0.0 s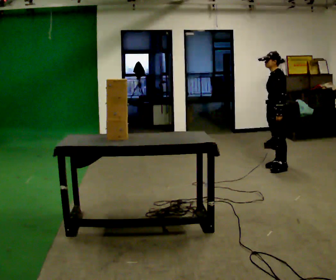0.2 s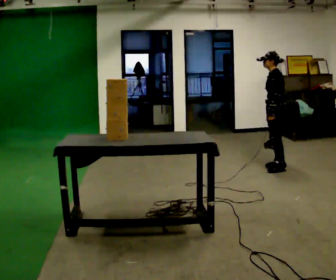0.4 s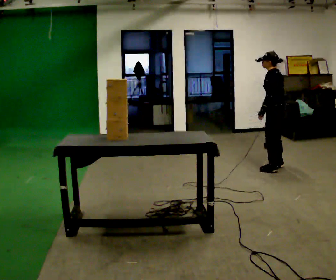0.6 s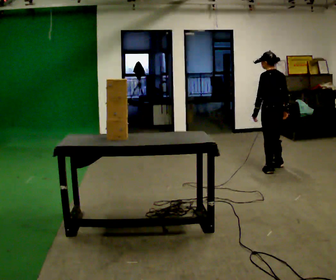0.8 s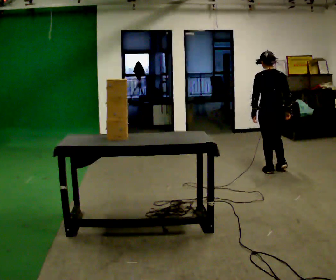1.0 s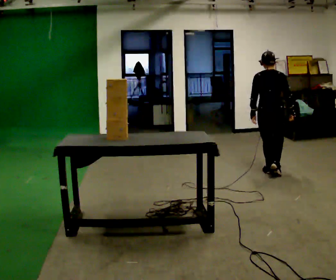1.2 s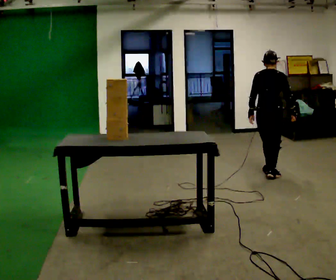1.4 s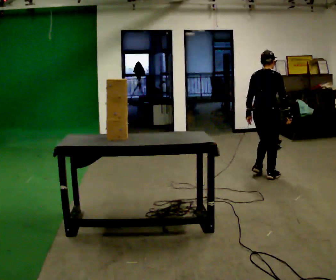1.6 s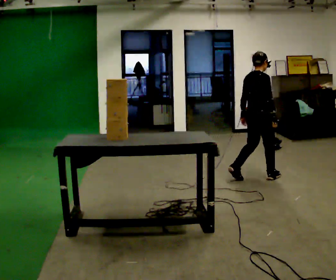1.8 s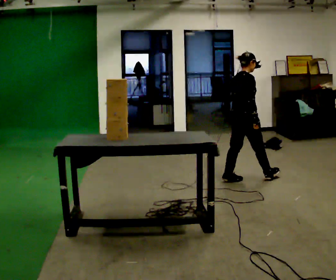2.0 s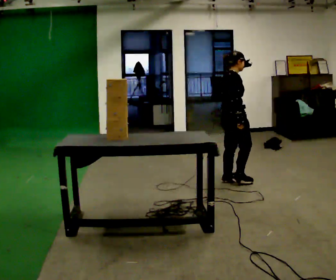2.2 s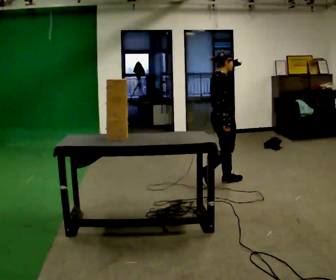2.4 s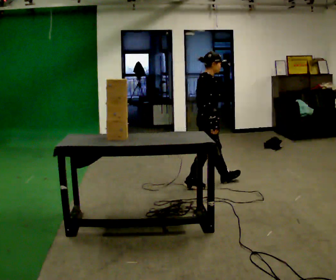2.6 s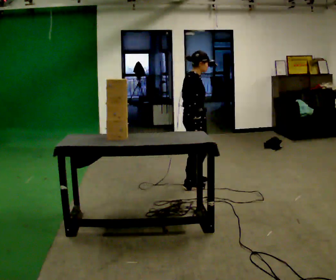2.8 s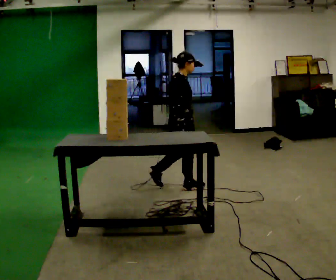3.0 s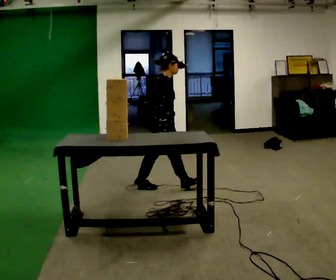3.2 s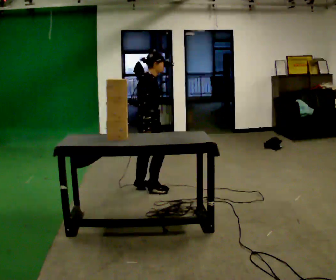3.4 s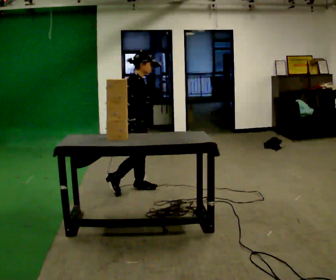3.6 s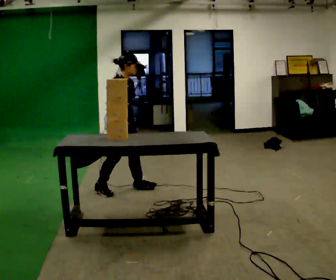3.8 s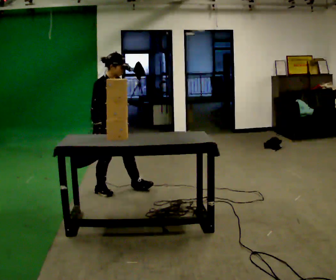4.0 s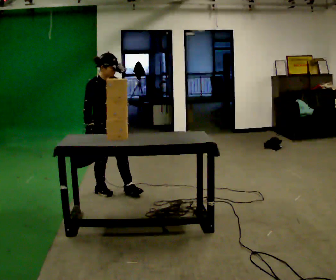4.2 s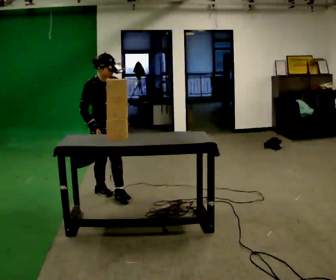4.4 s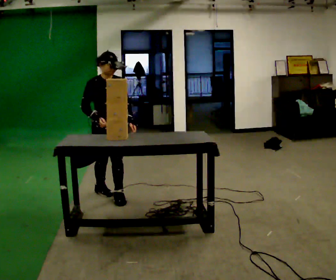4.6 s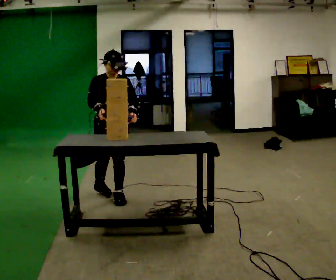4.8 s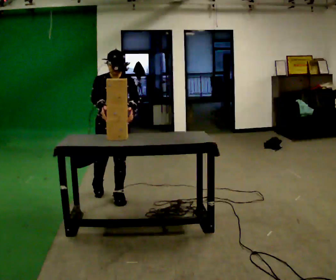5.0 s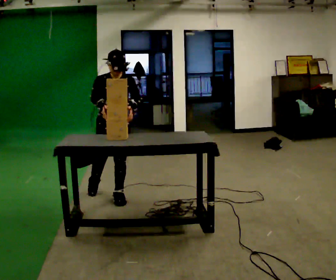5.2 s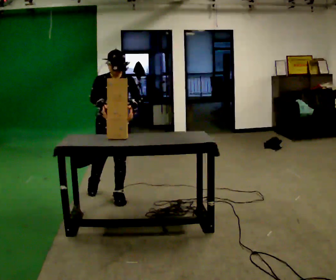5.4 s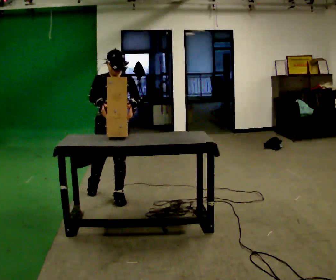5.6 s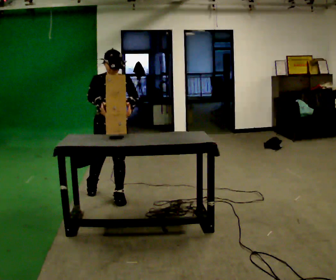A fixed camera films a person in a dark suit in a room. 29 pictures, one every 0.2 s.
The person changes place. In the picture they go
to the left.
The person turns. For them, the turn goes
to their right.
0.0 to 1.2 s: The part of the body nearest the lens slides to the left as the person turns to their right by about 120 degrees. In the picture they go toward the camera and to the left, about 0.25 m in 2 steps.
1.2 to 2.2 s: Seen from above the body turns clockwise, about 60 degrees: to their right, with its near side sliding to the left. In the picture they go to the left and toward the camera, about 0.5 m in 2 steps, which for them is backward.
2.2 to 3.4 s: In the picture they go to the left, about 1 m in 2 steps, which for them is backward.
3.4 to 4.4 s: The person turns about 60 degrees to their right, clockwise seen from above, so the part of the body nearest the lens slides to the left. In the picture they go to the left and toward the camera, about 0.25 m in 1 step, which for them is to their right and backward.
4.4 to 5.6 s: The person moves a little, or ends about where they began.
The film runs backward here.
